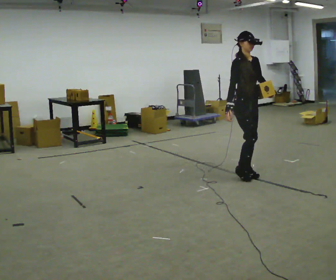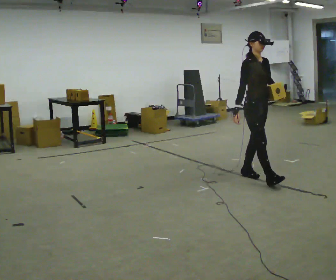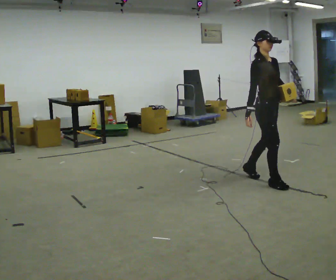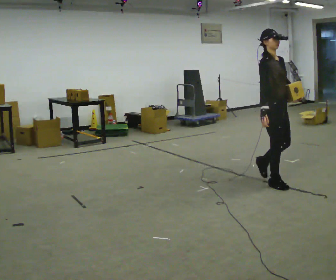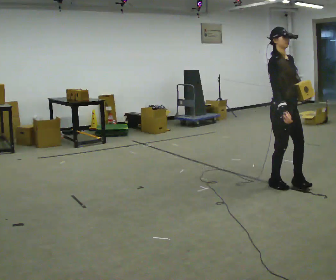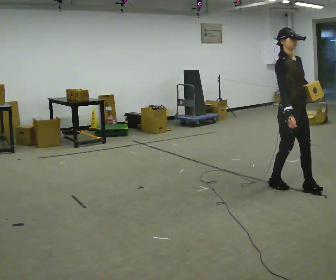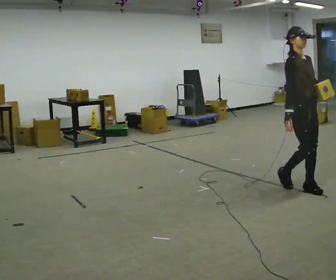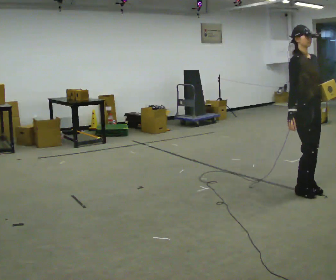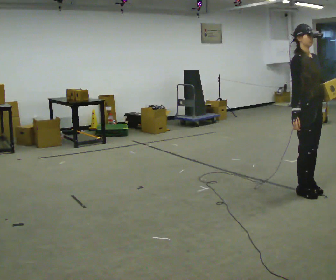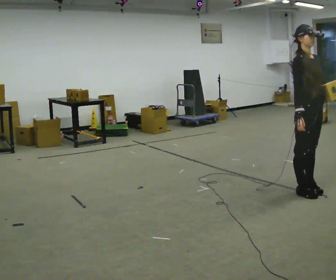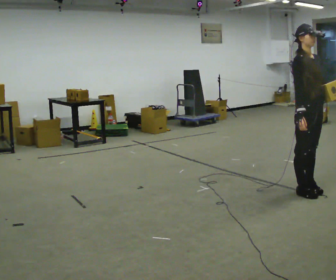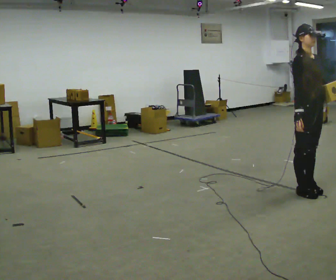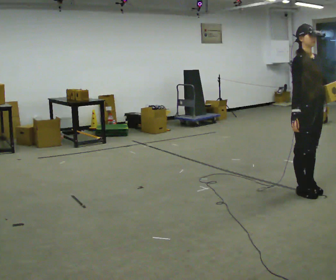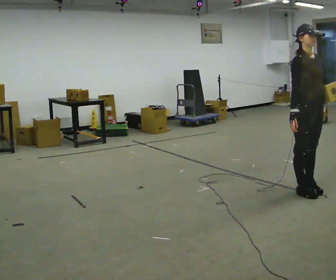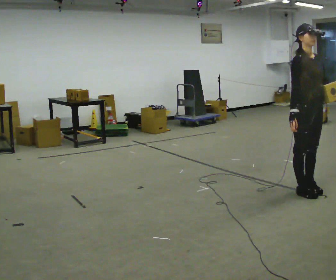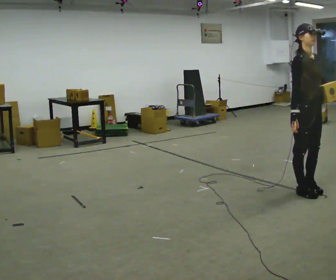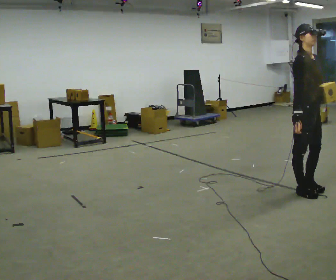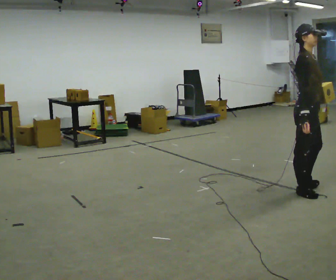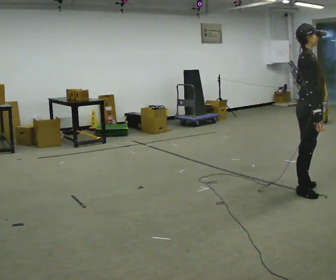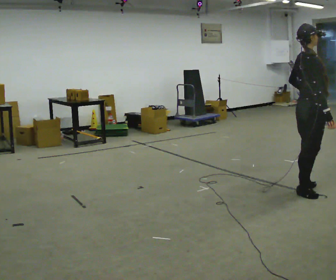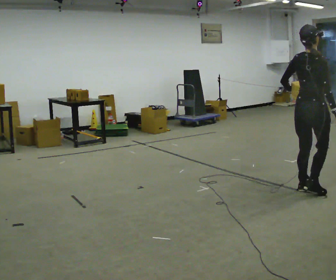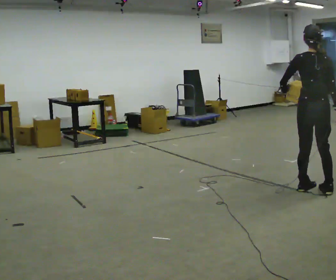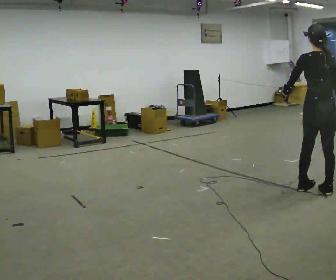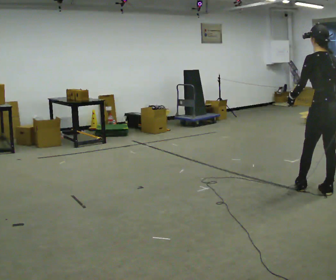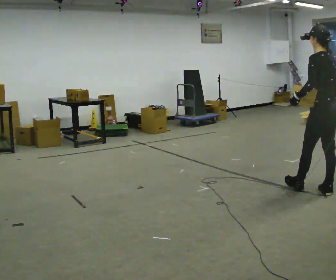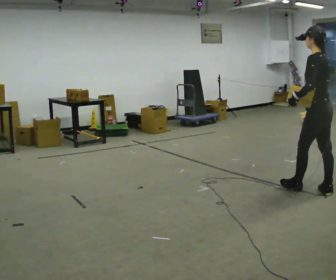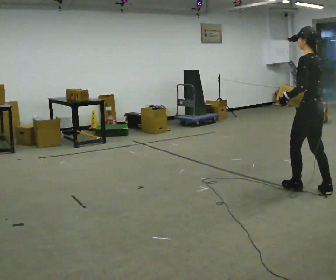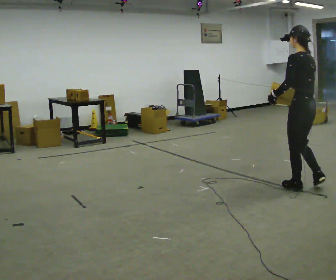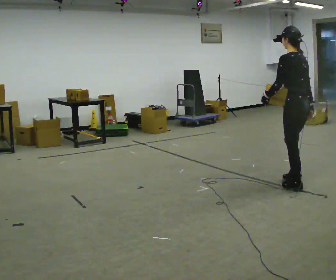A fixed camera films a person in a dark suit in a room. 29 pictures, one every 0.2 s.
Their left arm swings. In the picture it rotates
clockwise.
0.0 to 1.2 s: In the picture they go toward the camera and to the right, about 1 m in 2 steps, which for them is forward.
1.2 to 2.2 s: The person moves a little, or ends about where they began.
2.2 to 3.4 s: The person turns about 30 degrees to their left, counterclockwise seen from above, so the part of the body nearest the lens slides to the right.
3.4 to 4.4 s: The person turns about 120 degrees to their left, counterclockwise seen from above, so the part of the body nearest the lens slides to the right. In the picture they go to the right, about 0.25 m in 1 step. In the picture their left hand goes to the left, the arm swinging clockwise.
4.4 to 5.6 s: Seen from above the body turns counterclockwise, about 45 degrees: to their left, with its near side sliding to the right. In the picture they go to the left and away from the camera, about 0.25 m, which for them is forward.
The film runs forward here.
